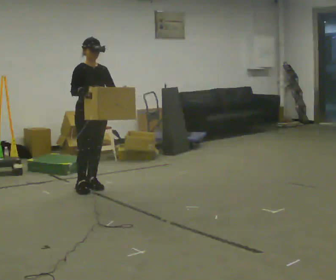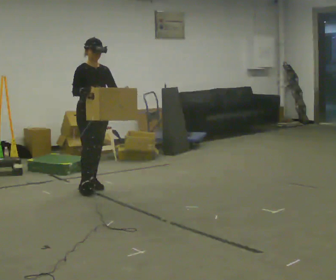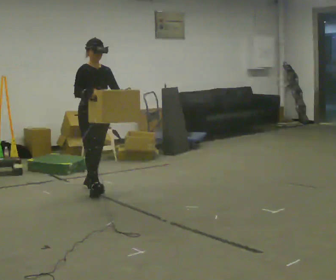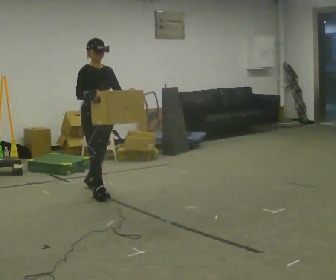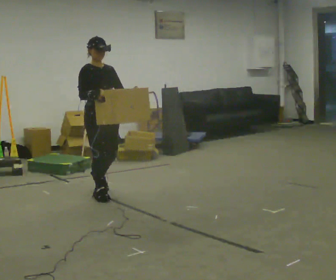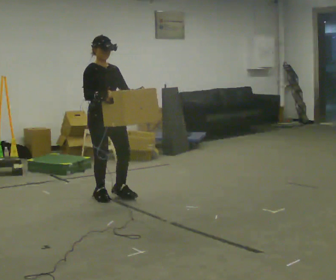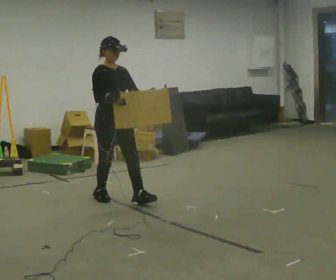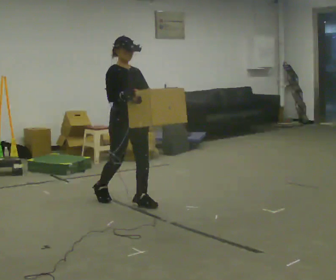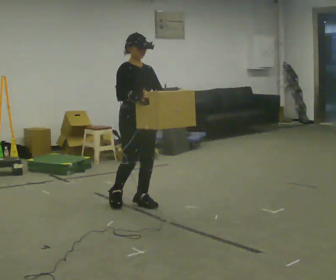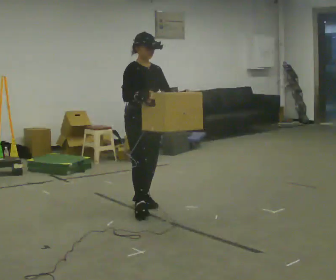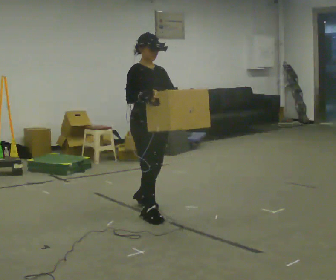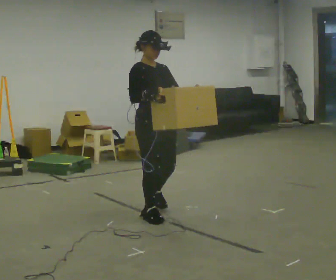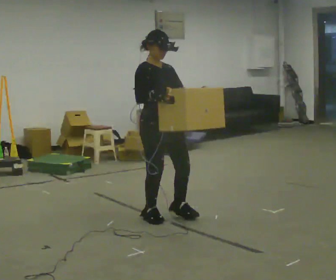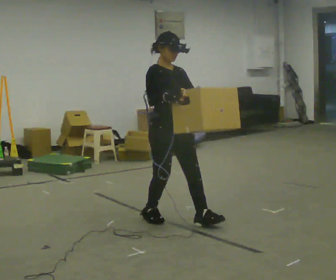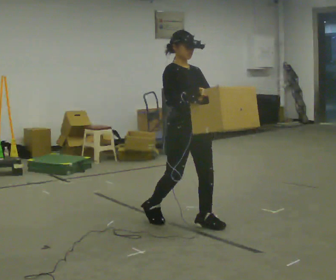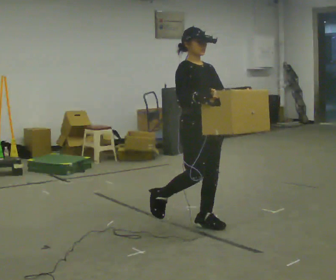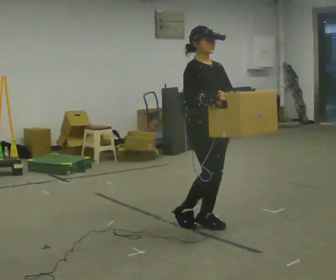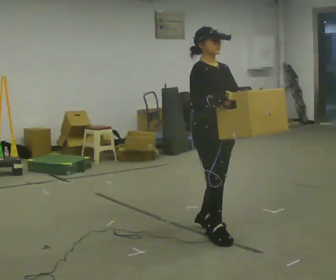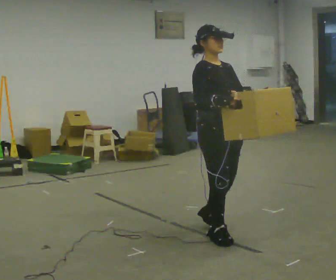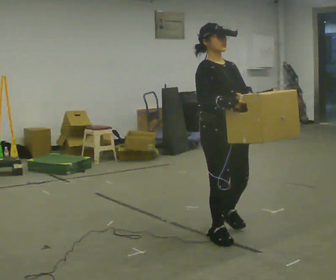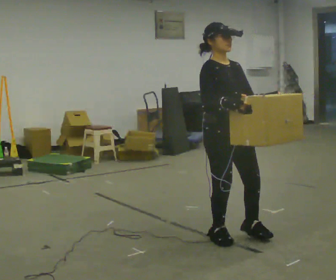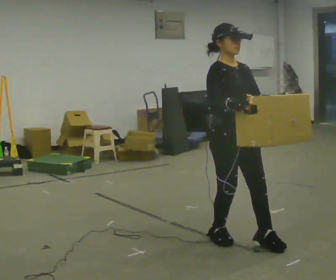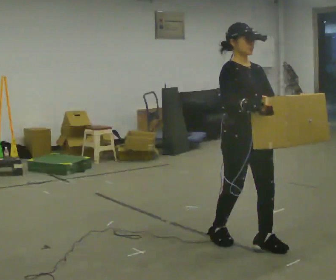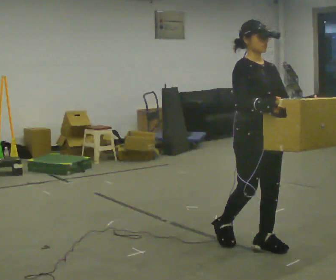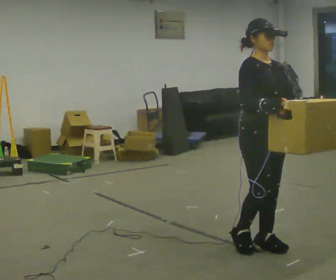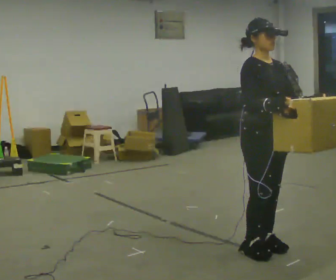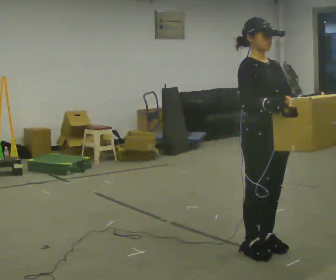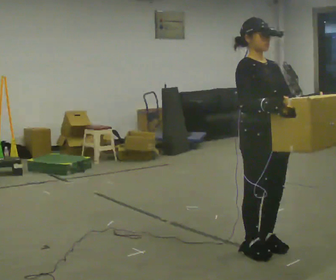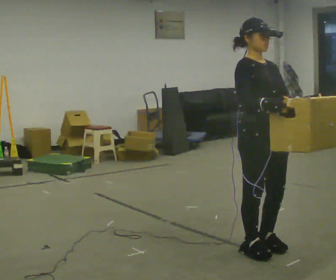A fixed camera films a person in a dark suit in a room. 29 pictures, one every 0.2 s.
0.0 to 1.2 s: In the picture they go toward the camera and to the right, about 0.5 m in 2 steps, which for them is forward.
1.2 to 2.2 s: In the picture they go toward the camera and to the right, about 0.75 m in 2 steps, which for them is forward.
2.2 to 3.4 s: In the picture they go to the right and toward the camera, about 0.5 m in 1 step, which for them is forward.
3.4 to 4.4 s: In the picture they go toward the camera and to the right, about 0.5 m in 1 step, which for them is forward.
4.4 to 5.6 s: In the picture they go toward the camera, about 0.25 m in 1 step, which for them is forward.
The film runs backward here.
